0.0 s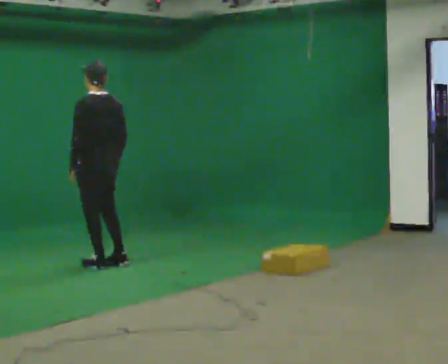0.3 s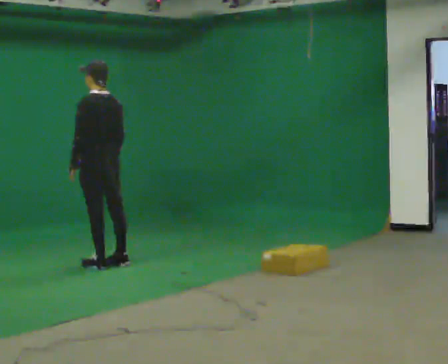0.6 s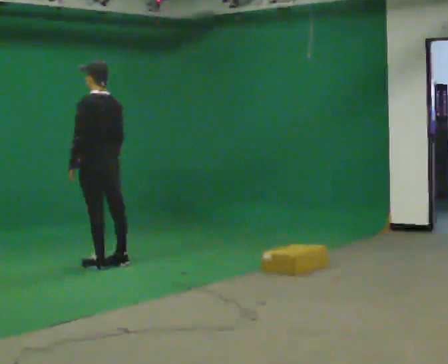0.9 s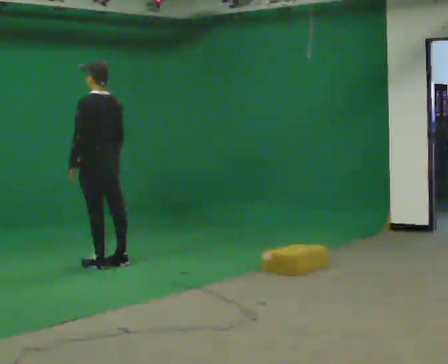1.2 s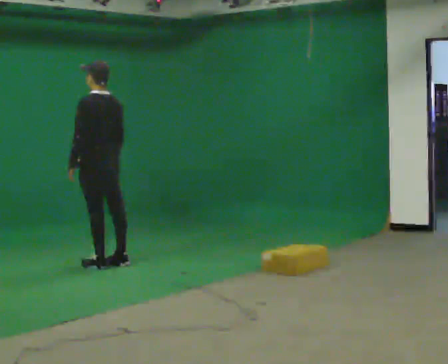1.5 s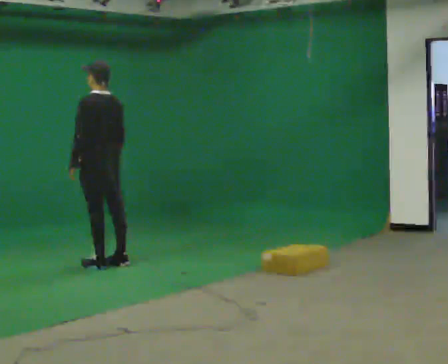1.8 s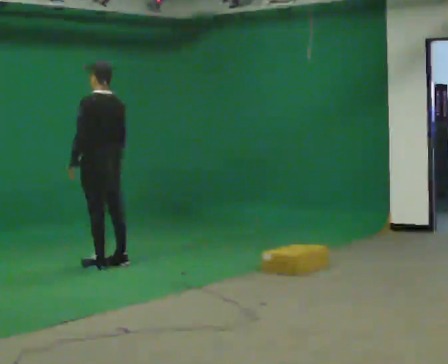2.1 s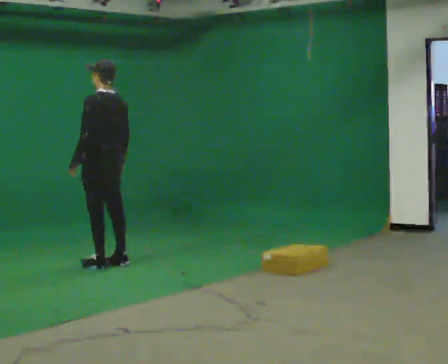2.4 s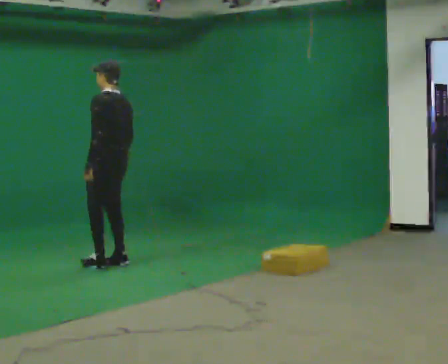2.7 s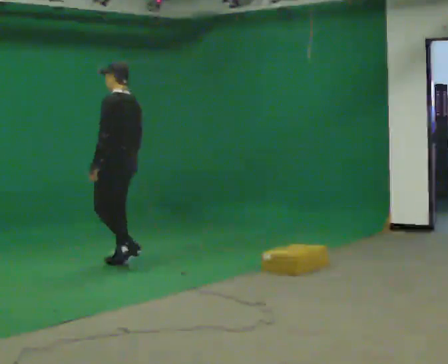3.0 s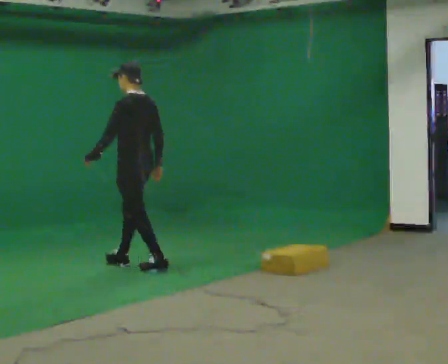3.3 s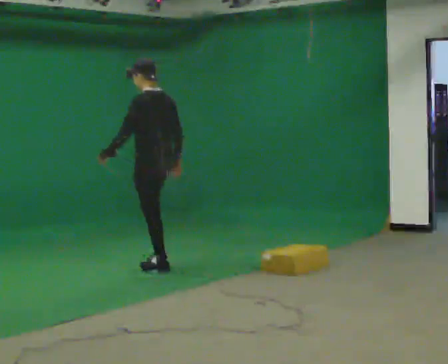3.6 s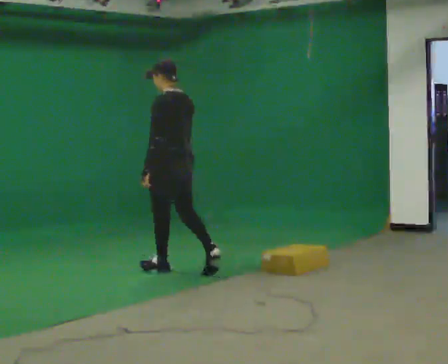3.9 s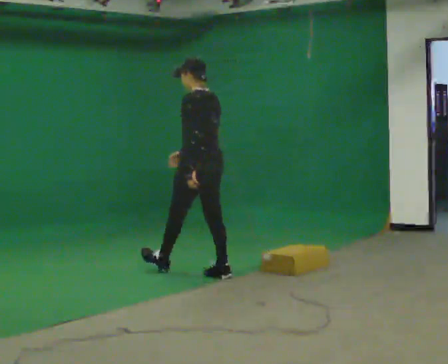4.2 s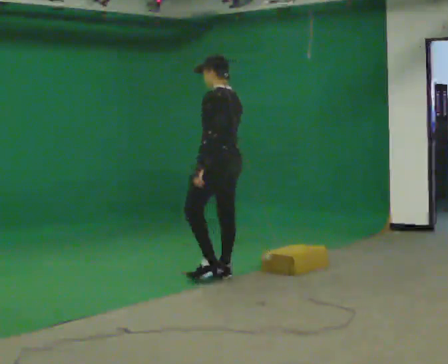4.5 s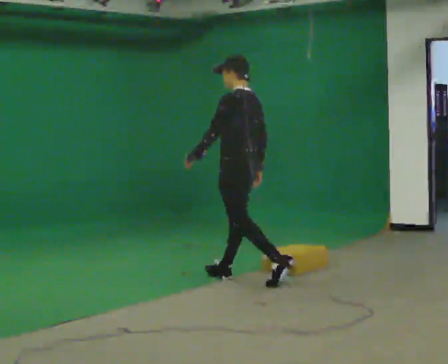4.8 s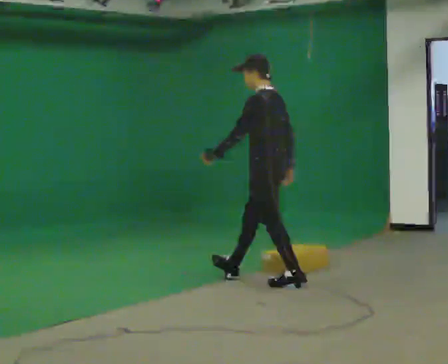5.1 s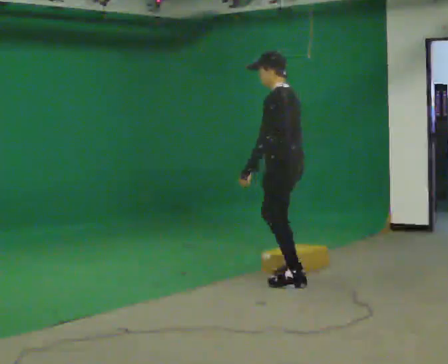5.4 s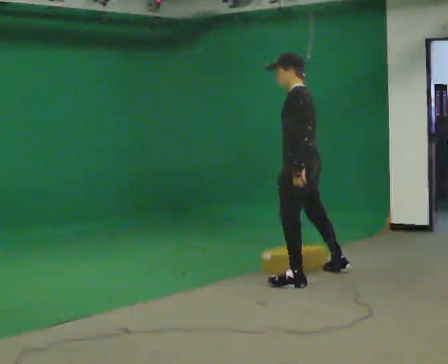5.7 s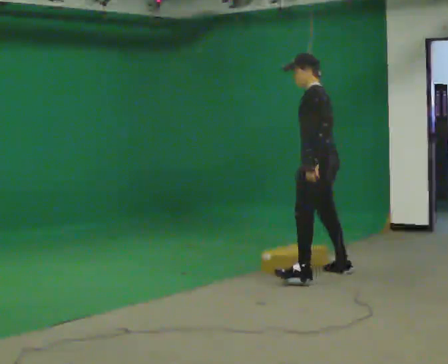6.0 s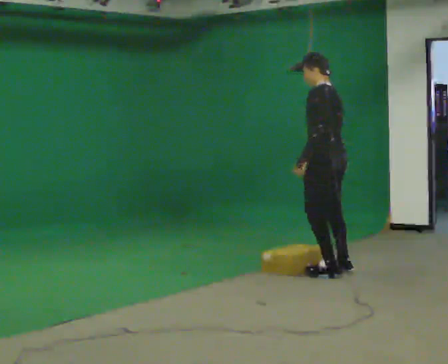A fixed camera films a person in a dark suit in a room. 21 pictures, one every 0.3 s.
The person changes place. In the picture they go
to the right.
0.0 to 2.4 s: The person moves a little, or ends about where they began.
2.4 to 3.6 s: In the picture they go to the right and toward the camera, about 0.75 m in 2 steps, which for them is backward.
3.6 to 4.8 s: In the picture they go to the right and toward the camera, about 1 m in 2 steps, which for them is backward.
4.8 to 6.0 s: In the picture they go to the right, about 0.5 m in 1 step, which for them is backward and to their right.
The film runs backward here.
